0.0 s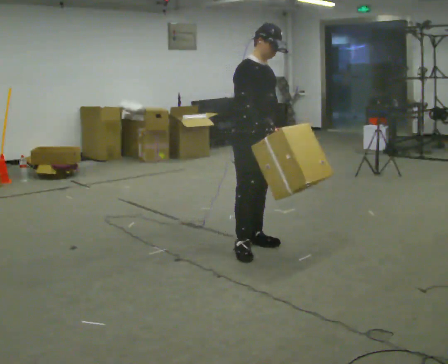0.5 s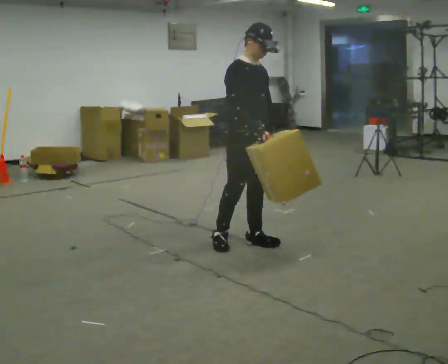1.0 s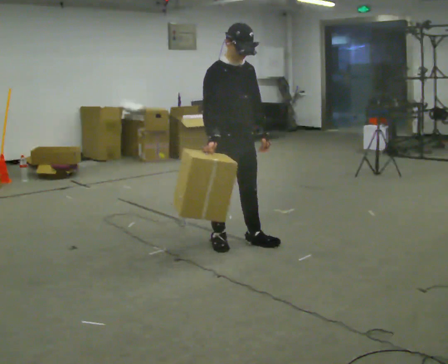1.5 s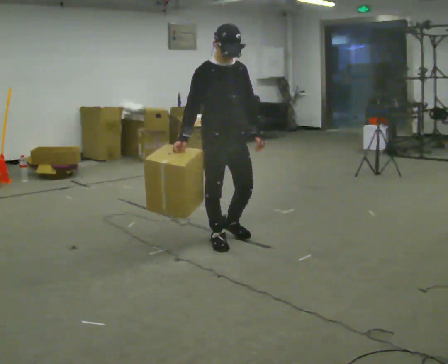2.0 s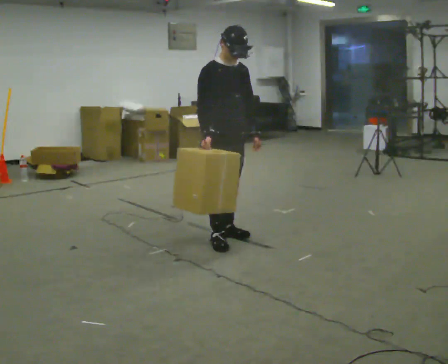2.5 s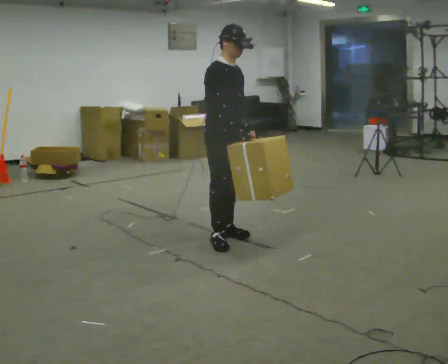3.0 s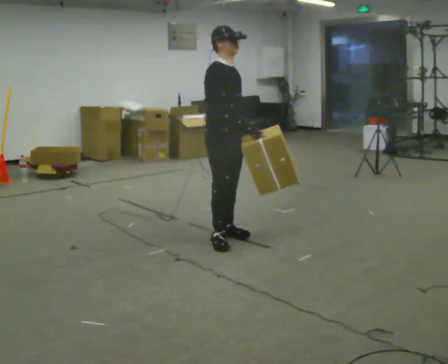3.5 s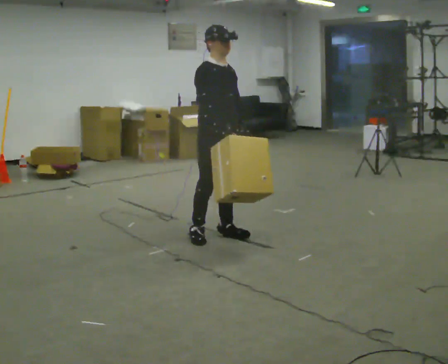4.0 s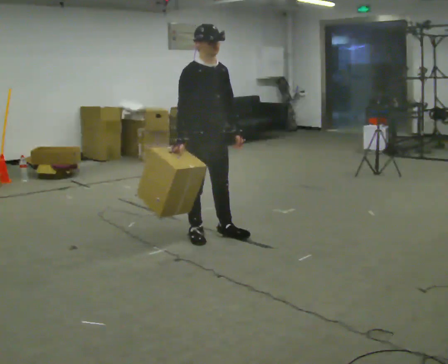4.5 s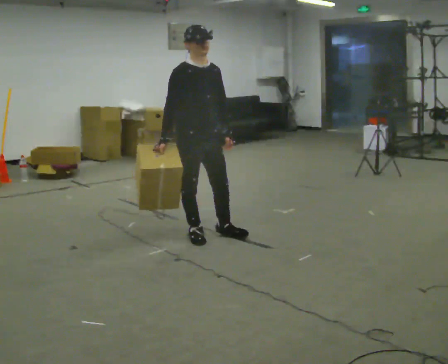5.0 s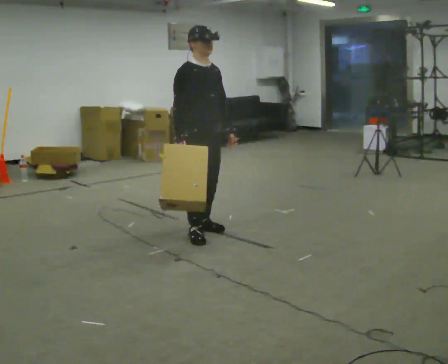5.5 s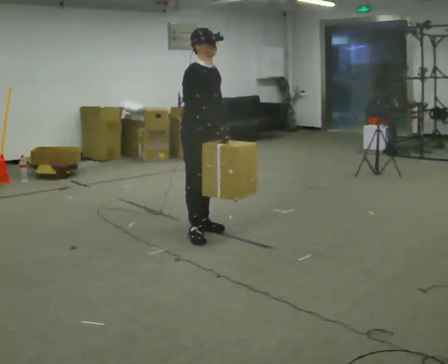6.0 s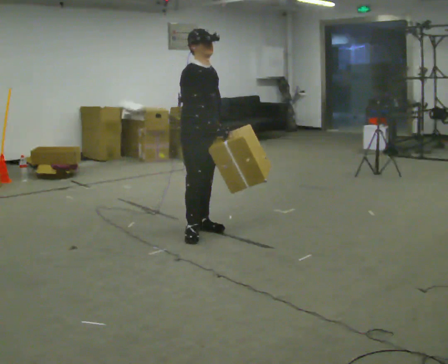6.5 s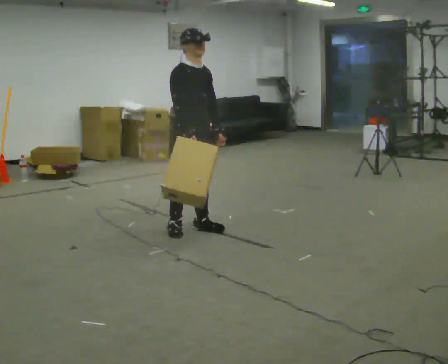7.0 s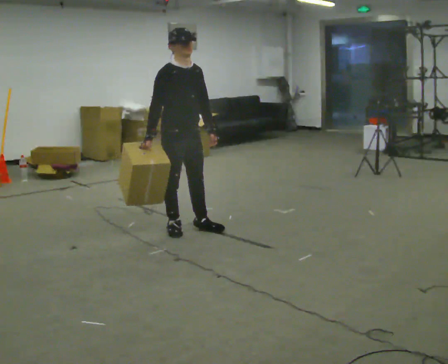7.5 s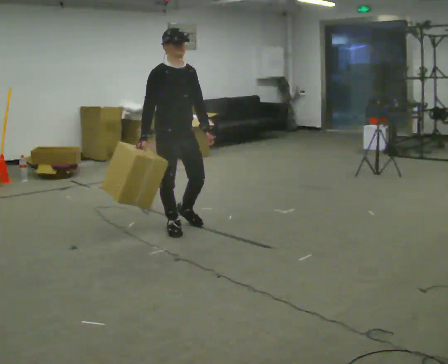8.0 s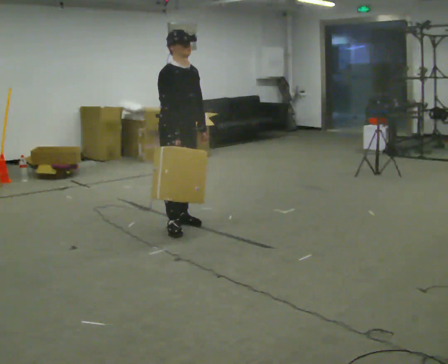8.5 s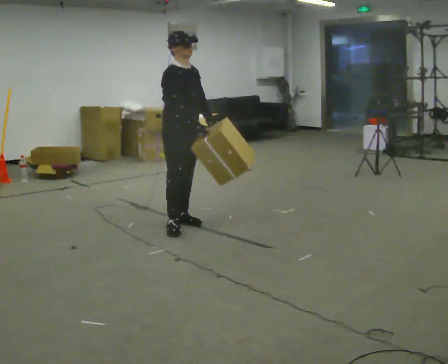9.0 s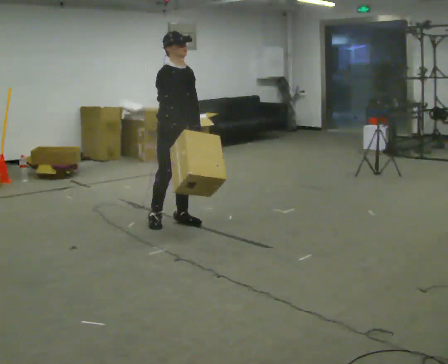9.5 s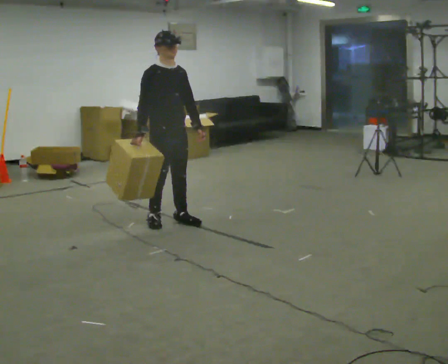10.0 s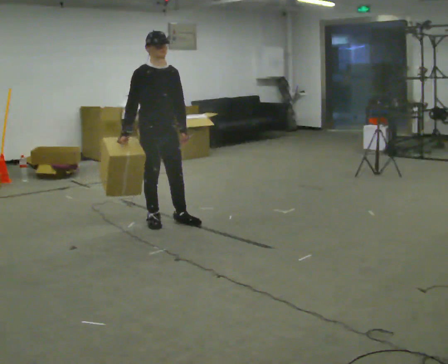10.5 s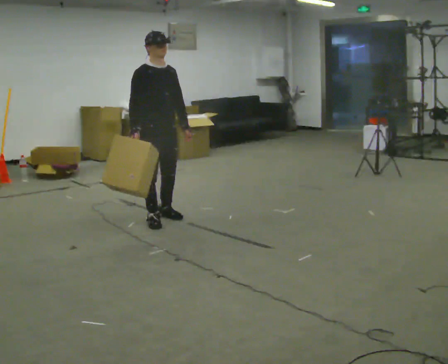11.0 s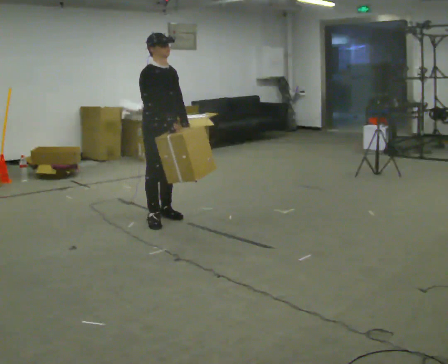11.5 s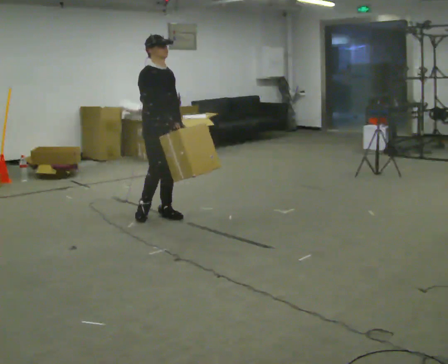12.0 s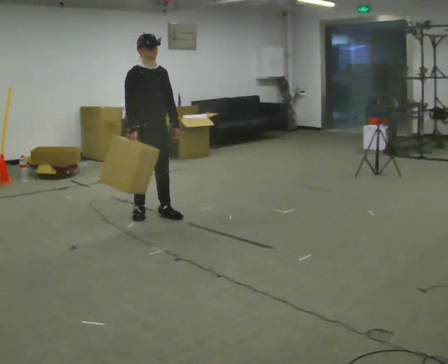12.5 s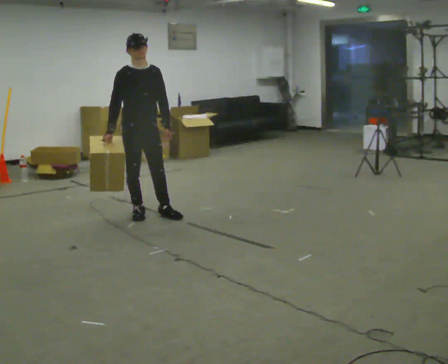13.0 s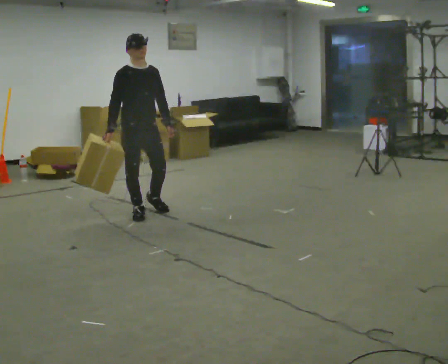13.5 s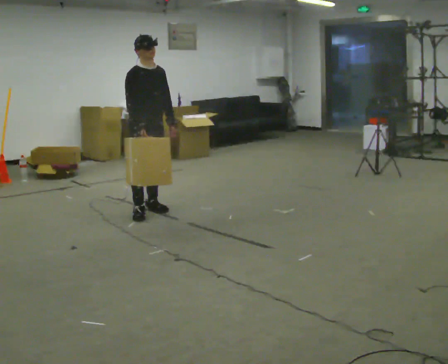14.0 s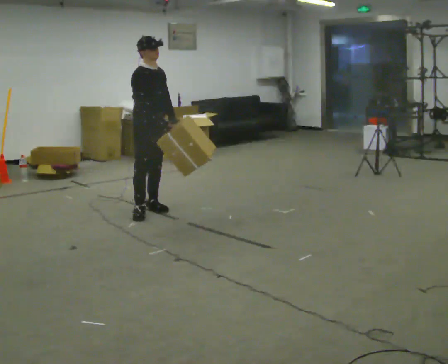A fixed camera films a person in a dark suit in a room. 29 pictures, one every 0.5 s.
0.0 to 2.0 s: In the picture they go to the left, about 0.25 m in 1 step, which for them is backward. In the picture their right hand goes to the left.
2.0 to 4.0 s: The person moves a little, or ends about where they began.
4.0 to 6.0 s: In the picture they go away from the camera, about 0.25 m in 2 steps, which for them is backward.
6.0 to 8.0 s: In the picture they go to the left, about 0.25 m in 1 step, which for them is backward. In the picture their right hand goes to the left.
8.0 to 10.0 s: In the picture they go to the left, about 0.25 m in 1 step, which for them is backward. In the picture their right hand goes to the left.
10.0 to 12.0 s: In the picture they go away from the camera, about 0.25 m in 2 steps, which for them is backward.
12.0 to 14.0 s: In the picture they go away from the camera, about 0.25 m in 1 step, which for them is backward.
The film runs backward here.
